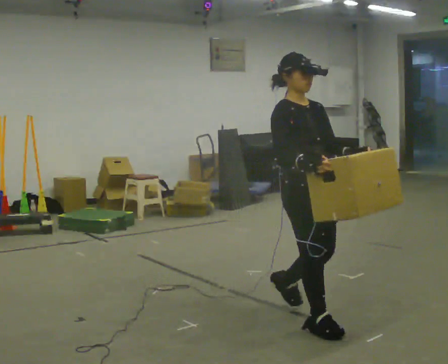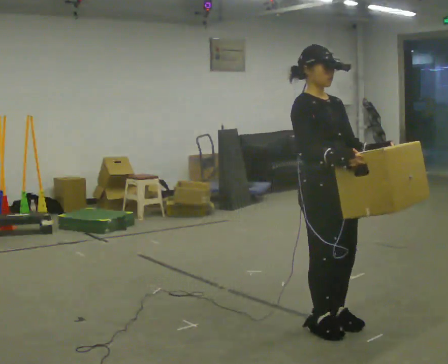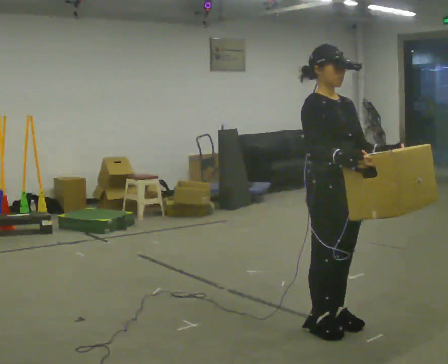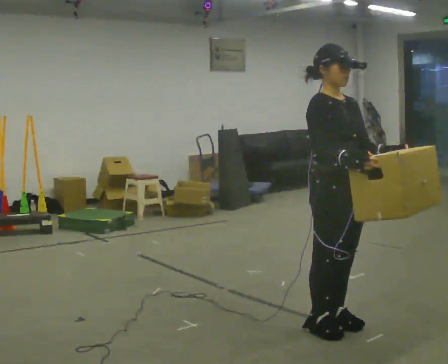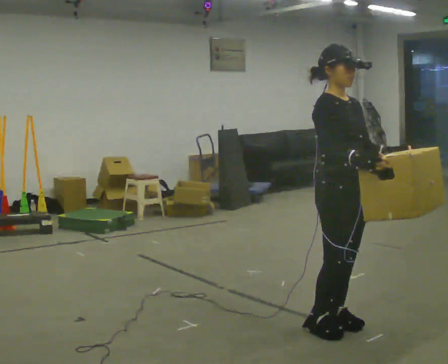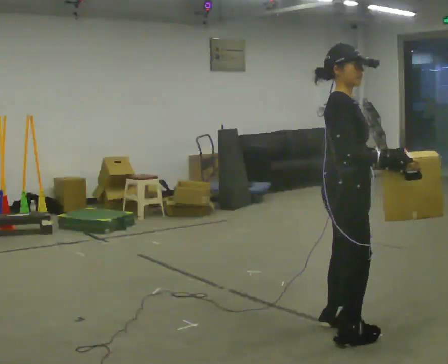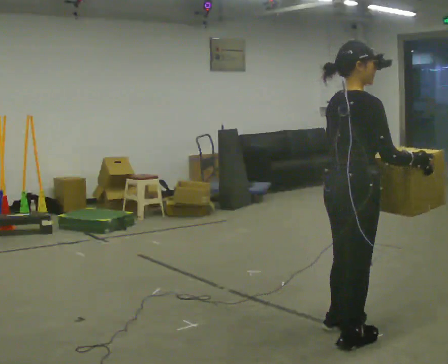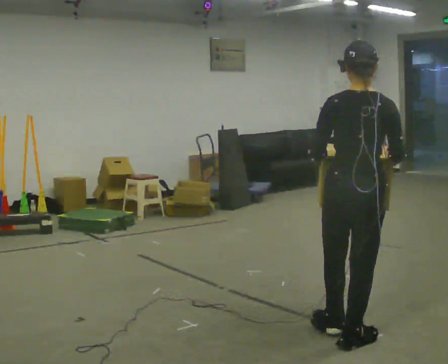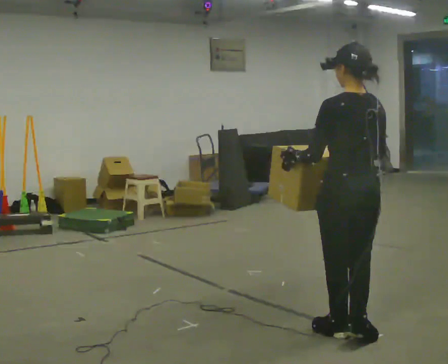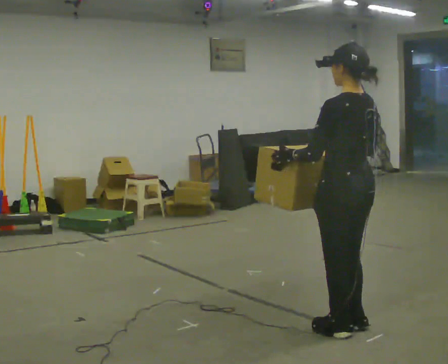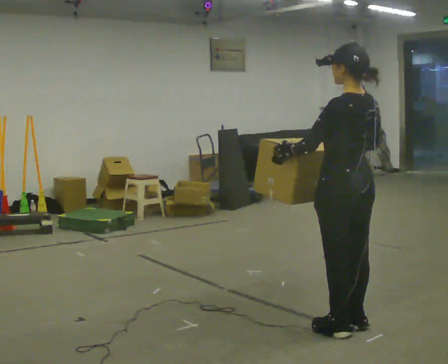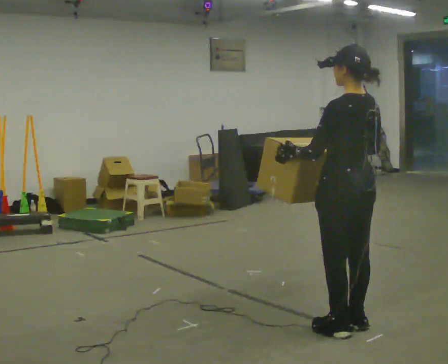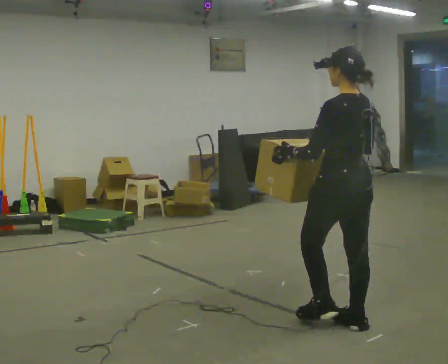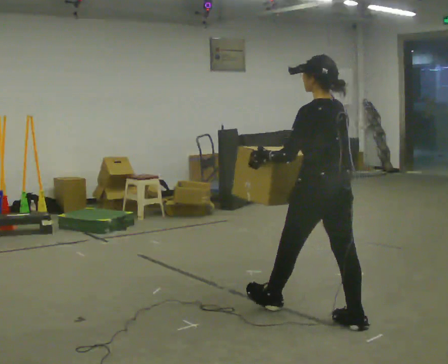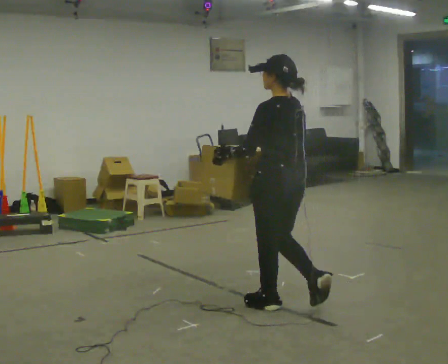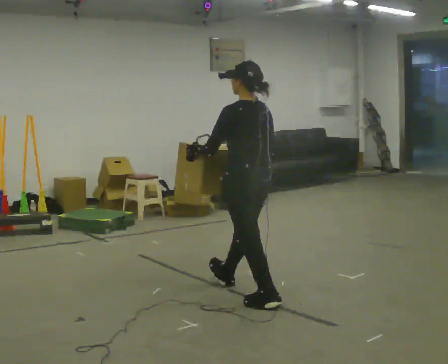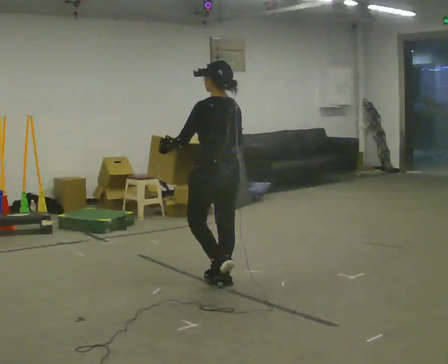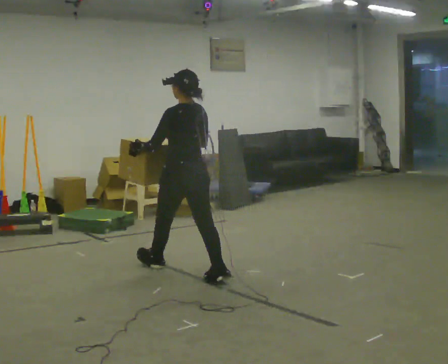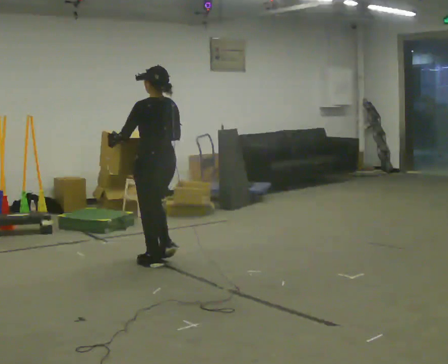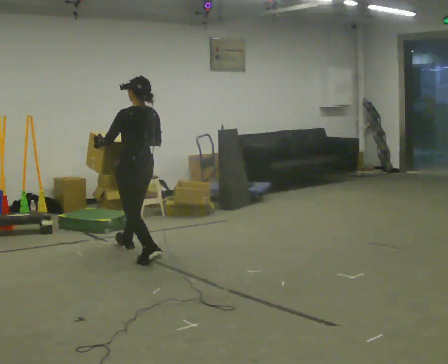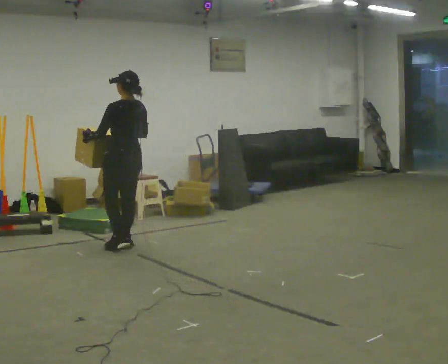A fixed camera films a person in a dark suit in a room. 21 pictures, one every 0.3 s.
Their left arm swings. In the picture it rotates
clockwise.
The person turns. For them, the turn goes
to their left.
0.0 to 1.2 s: In the picture they go to the right, about 0.25 m in 1 step, which for them is forward.
1.2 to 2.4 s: Seen from above the body turns counterclockwise, about 150 degrees: to their left, with its near side sliding to the right.
2.4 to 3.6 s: In the picture they go away from the camera, about 0.25 m in 1 step, which for them is forward.
3.6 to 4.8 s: In the picture they go to the left and away from the camera, about 1 m in 2 steps, which for them is forward.
4.8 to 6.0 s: In the picture they go to the left and away from the camera, about 1.5 m in 2 steps, which for them is forward.
The film runs forward here.
